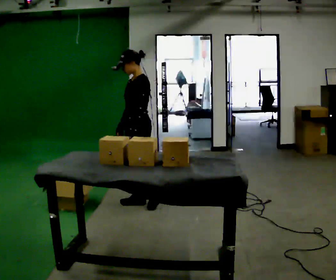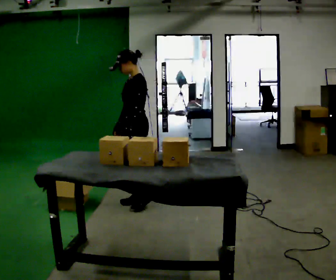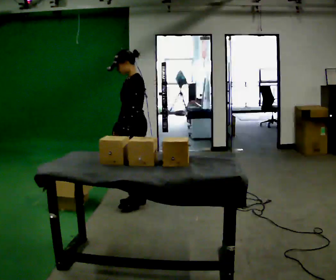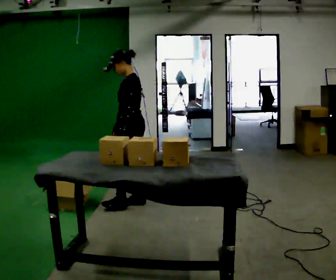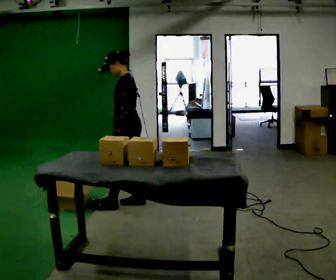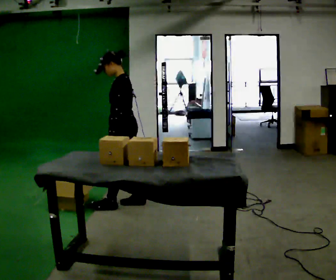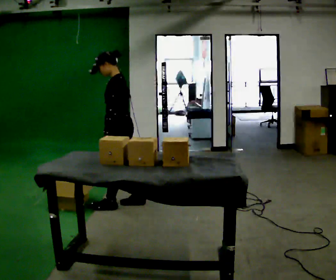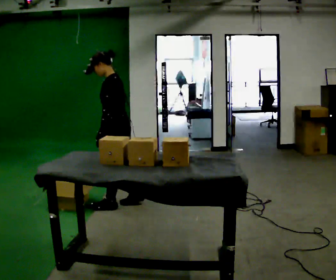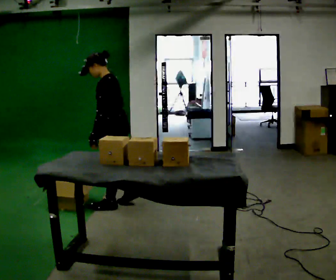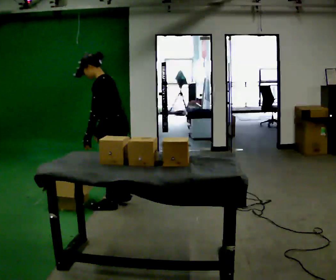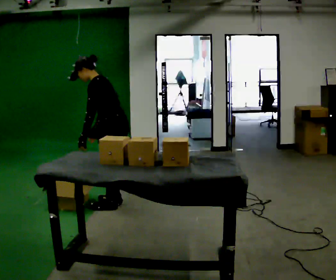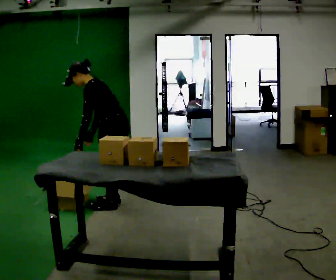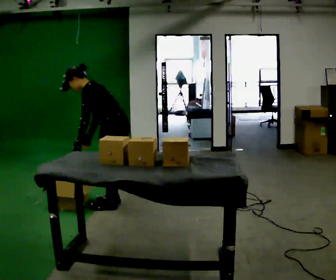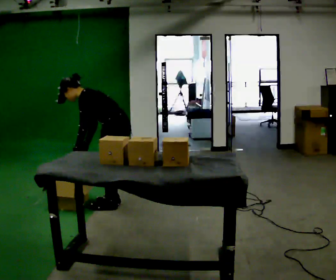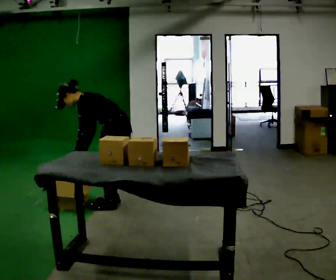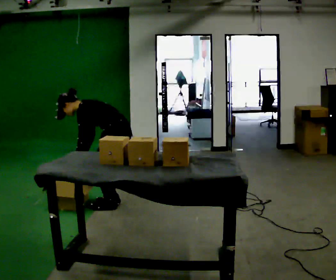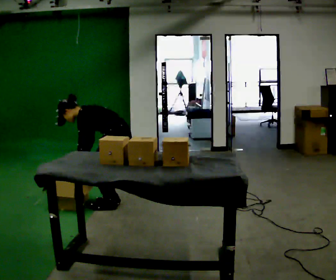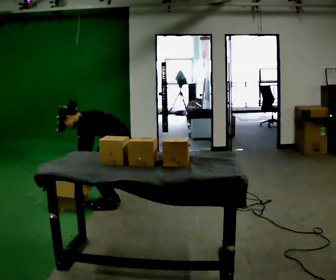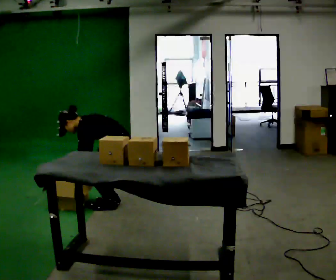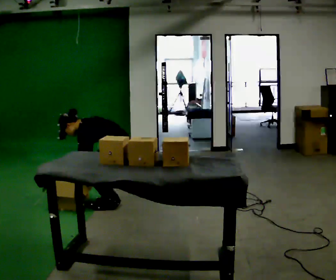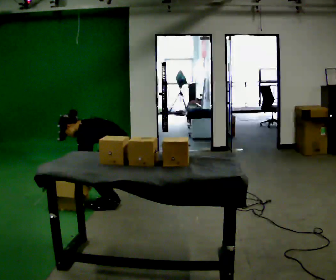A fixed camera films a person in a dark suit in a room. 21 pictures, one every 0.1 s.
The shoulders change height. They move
downward.
The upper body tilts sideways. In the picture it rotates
counterclockwise.
0.0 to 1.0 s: The person turns about 30 degrees to their right, clockwise seen from above, so the part of the body nearest the lens slides to the left. In the picture they go to the left, about 0.25 m in 1 step, which for them is forward and to their left. In the picture the upper body tilts counterclockwise, shoulders to the left, as they bend forward.
1.0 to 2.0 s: The upper body goes downward. In the picture the upper body tilts counterclockwise, shoulders to the left, as they bend forward. In the picture their left hand goes downward.
The film runs forward here.
